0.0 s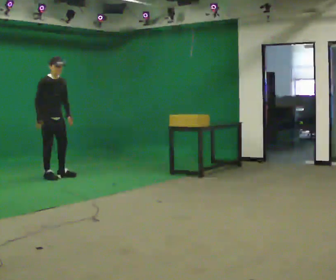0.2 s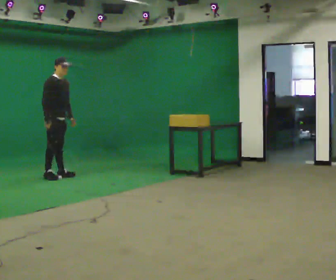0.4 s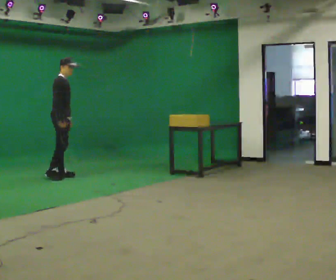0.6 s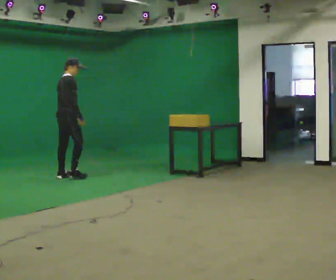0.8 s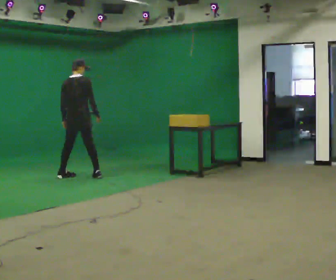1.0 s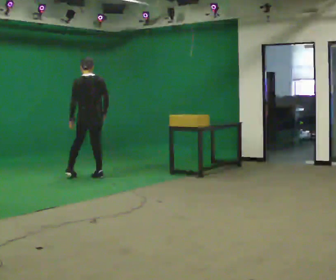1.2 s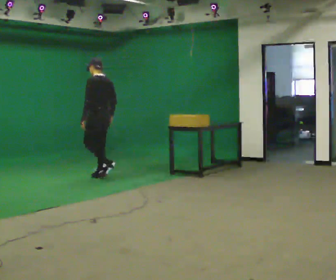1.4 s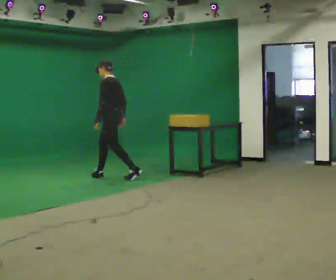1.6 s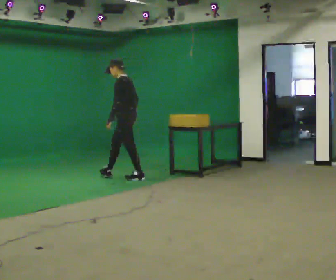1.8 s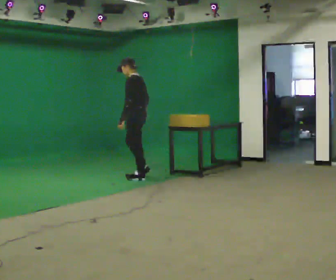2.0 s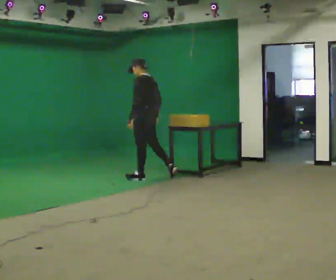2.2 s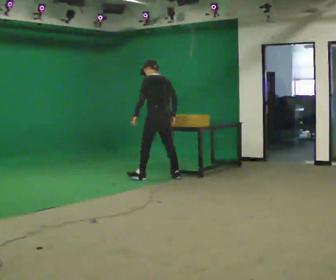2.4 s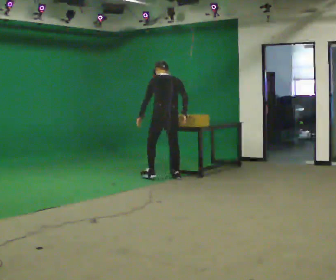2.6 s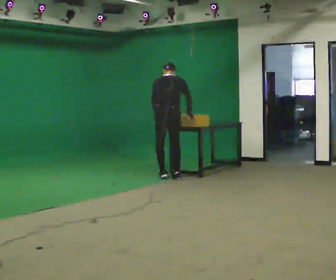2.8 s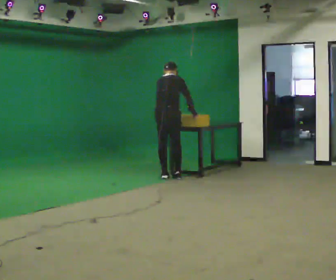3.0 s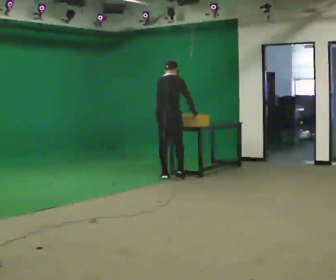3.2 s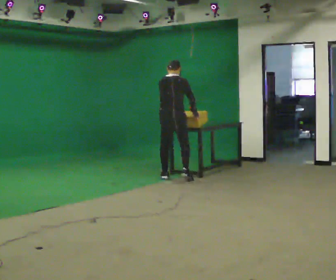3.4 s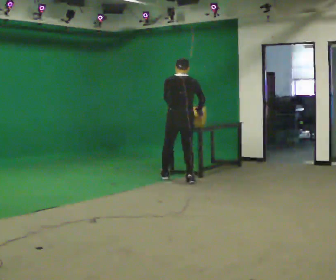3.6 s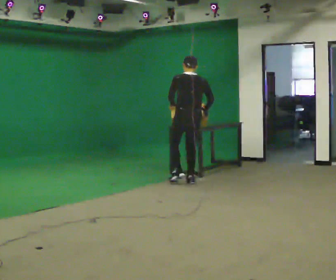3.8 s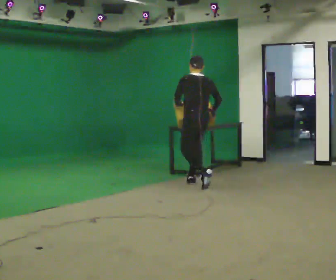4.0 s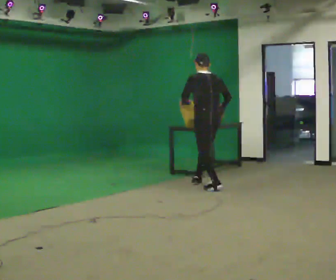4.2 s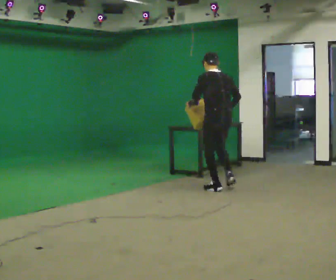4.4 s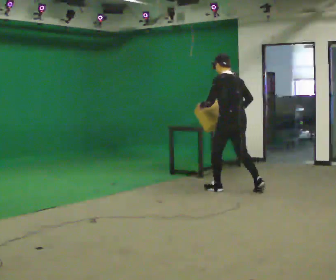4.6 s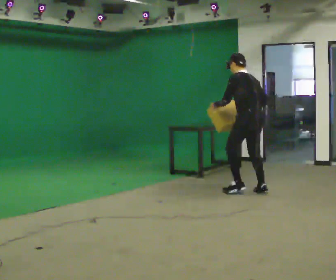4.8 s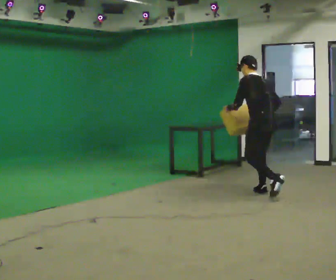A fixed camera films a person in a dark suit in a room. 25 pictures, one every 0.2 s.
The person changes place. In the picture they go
to the right.
0.0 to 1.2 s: The person turns about 180 degrees to their left, counterclockwise seen from above, so the part of the body nearest the lens slides to the right. In the picture they go to the right, about 1 m in 2 steps.
1.2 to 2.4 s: In the picture they go to the right, about 1 m in 2 steps, which for them is backward.
2.4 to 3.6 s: In the picture they go toward the camera and to the right, about 0.5 m in 2 steps, which for them is to their right.
3.6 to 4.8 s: The person turns about 30 degrees to their left, counterclockwise seen from above, so the part of the body nearest the lens slides to the right. In the picture they go to the right and toward the camera, about 1 m in 2 steps, which for them is backward. In the picture the upper body tilts counterclockwise, shoulders to the left.
The film runs backward here.
